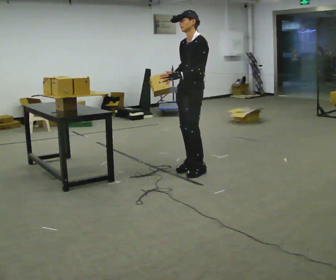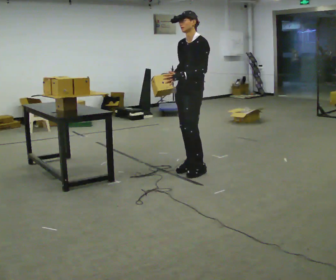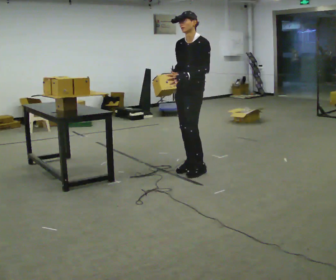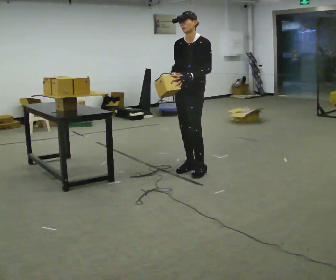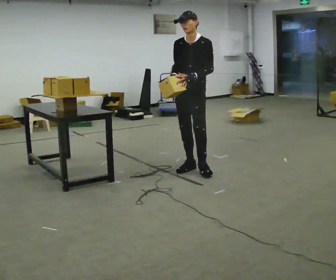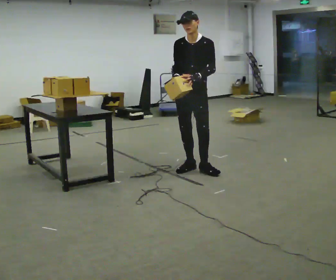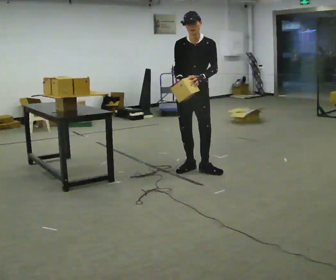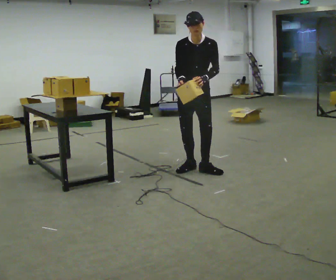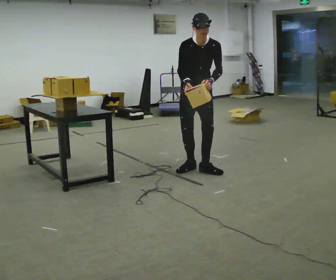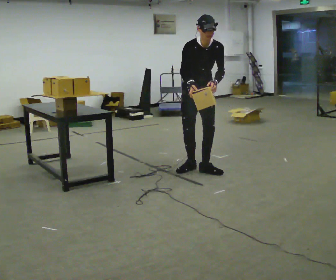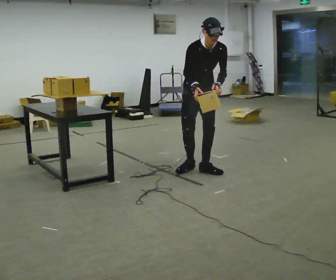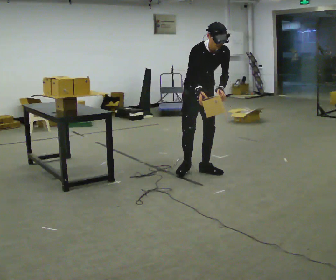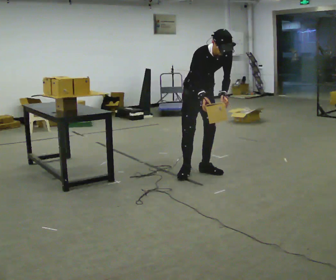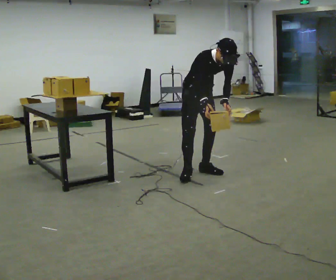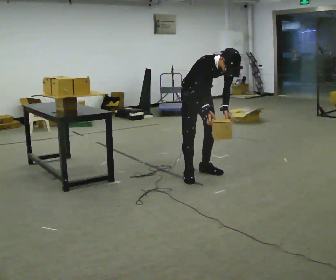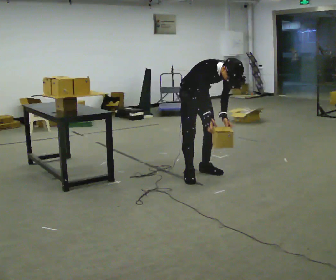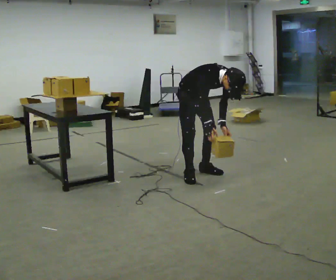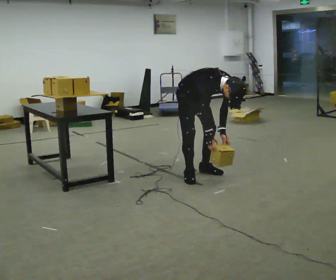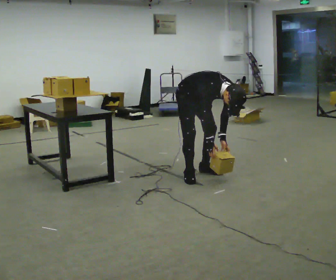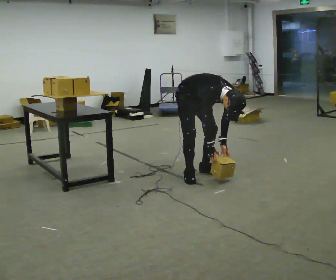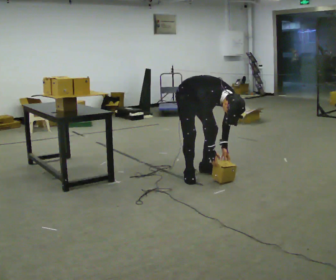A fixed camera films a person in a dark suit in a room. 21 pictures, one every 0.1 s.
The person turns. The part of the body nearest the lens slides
to the right.
The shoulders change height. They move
downward.
0.0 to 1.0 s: Seen from above the body turns counterclockwise, about 75 degrees: to their left, with its near side sliding to the right. The upper body tips toward the camera, its near side rolling downward, as they bend forward. In the picture their left hand goes to the right.
1.0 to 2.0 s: The part of the body nearest the lens slides to the right as the person turns to their left by about 30 degrees. The shoulders move downward. In the picture the upper body tilts clockwise, shoulders to the right, as they bend forward. In the picture their left hand goes downward.
The film runs backward here.
